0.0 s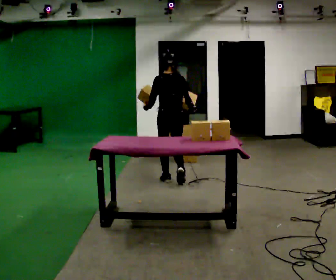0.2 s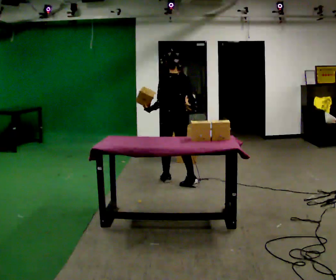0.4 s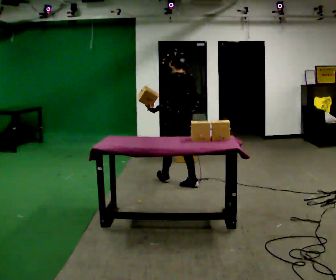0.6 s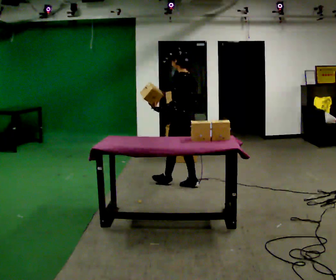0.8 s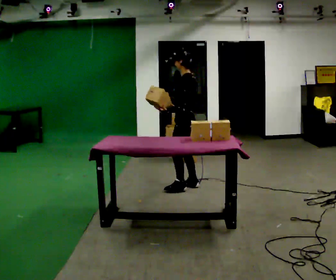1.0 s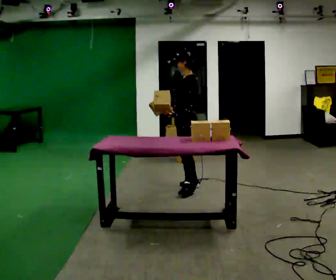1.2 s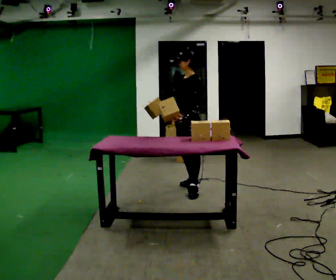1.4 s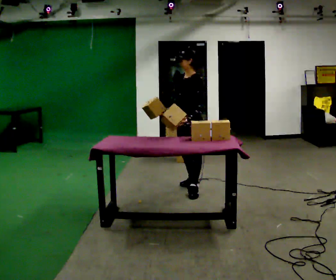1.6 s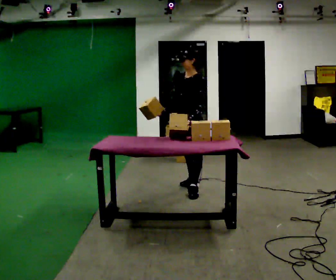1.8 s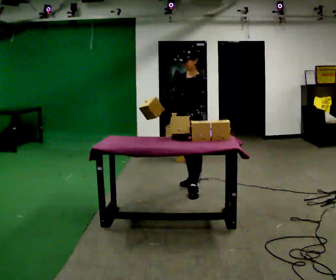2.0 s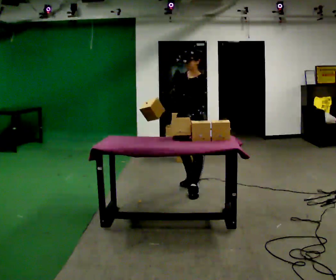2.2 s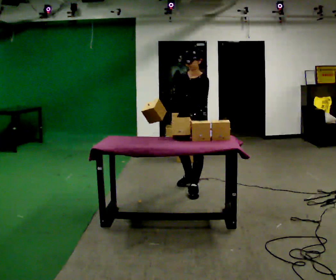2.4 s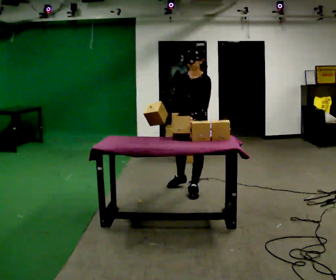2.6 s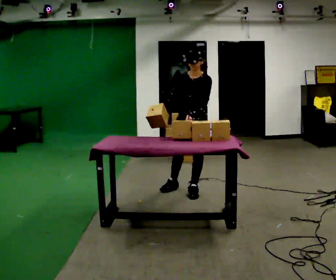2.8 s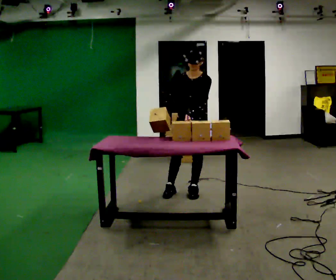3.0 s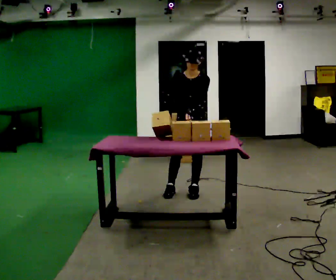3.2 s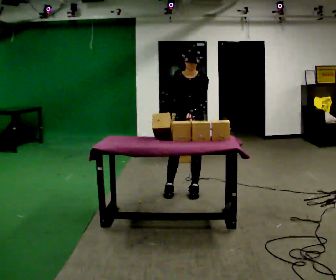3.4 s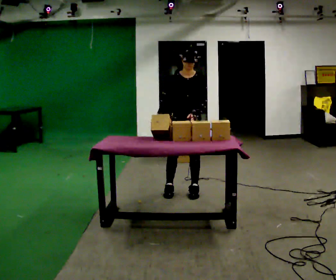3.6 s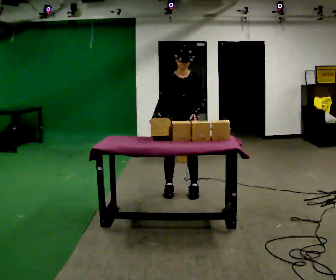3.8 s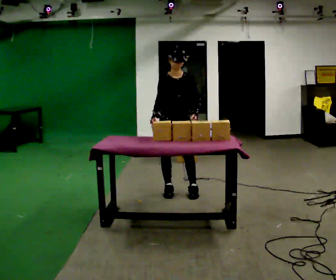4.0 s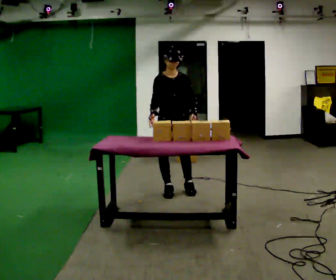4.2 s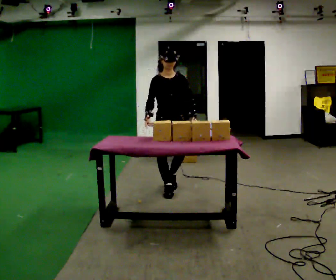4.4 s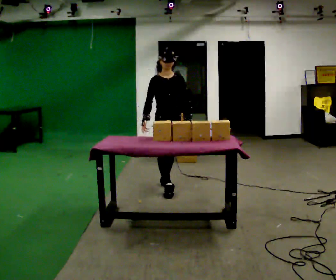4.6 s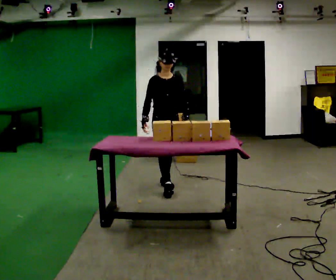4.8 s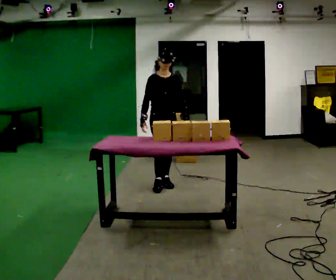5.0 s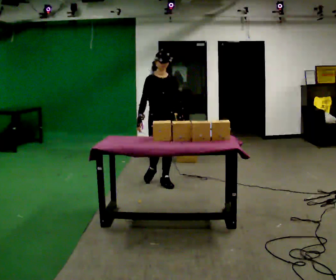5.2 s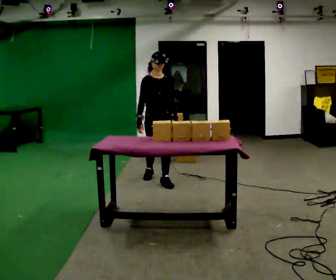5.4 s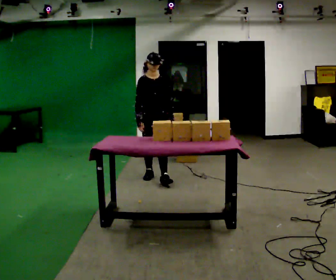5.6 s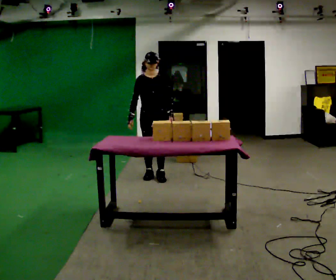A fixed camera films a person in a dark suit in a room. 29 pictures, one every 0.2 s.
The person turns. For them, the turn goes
to their left.
The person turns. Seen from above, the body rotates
counterclockwise.
0.0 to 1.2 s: The person turns about 105 degrees to their left, counterclockwise seen from above, so the part of the body nearest the lens slides to the right. In the picture they go to the right and toward the camera, about 0.5 m in 1 step.
1.2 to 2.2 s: The part of the body nearest the lens slides to the right as the person turns to their left by about 30 degrees. In the picture they go toward the camera, about 0.25 m in 1 step, which for them is to their left.
2.2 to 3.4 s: The person turns about 45 degrees to their left, counterclockwise seen from above, so the part of the body nearest the lens slides to the right.
3.4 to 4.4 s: In the picture they go to the left, about 0.25 m in 1 step, which for them is backward and to their right.
4.4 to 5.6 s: In the picture they go away from the camera and to the left, about 0.5 m in 2 steps, which for them is backward.
The film runs backward here.
